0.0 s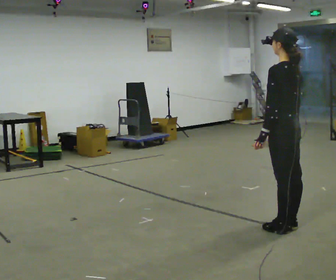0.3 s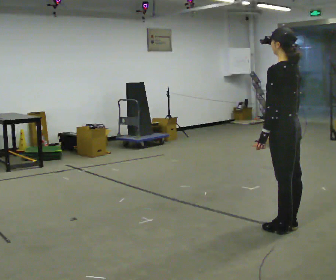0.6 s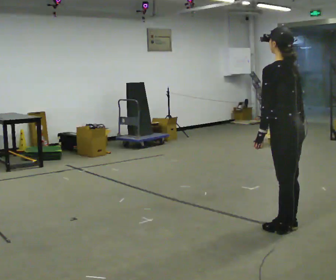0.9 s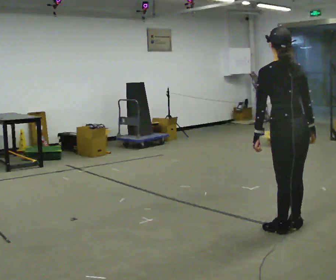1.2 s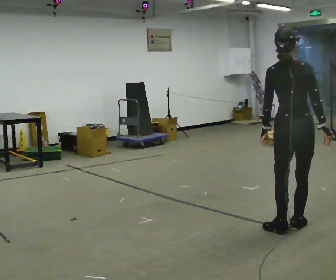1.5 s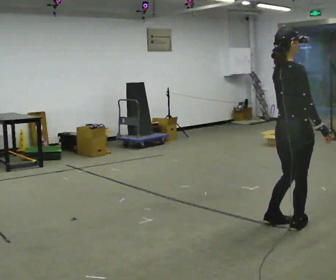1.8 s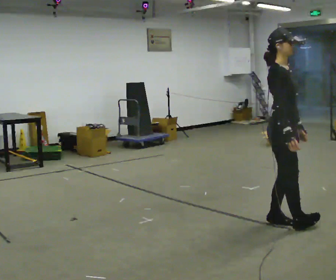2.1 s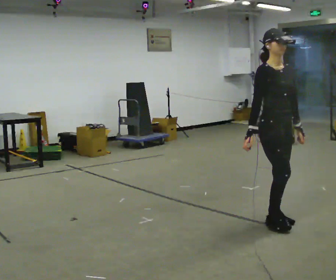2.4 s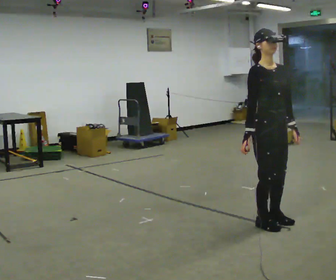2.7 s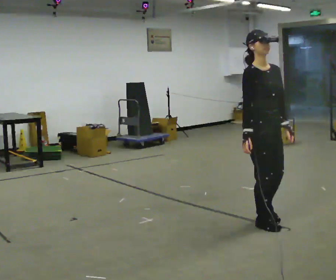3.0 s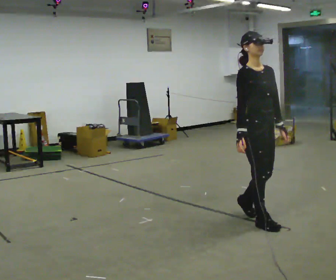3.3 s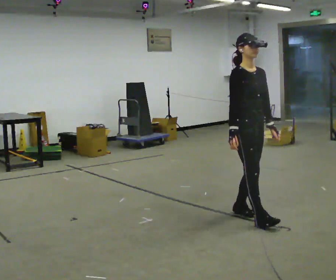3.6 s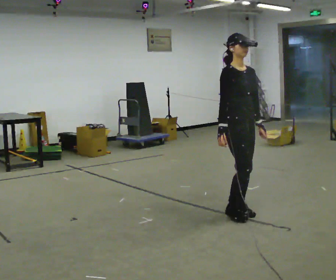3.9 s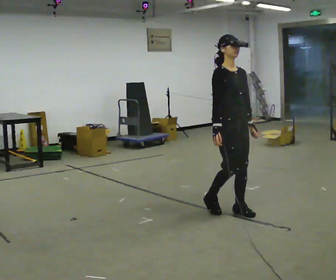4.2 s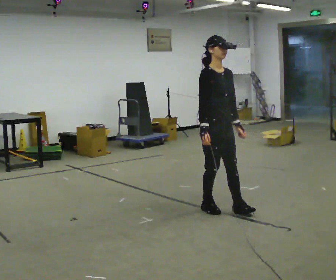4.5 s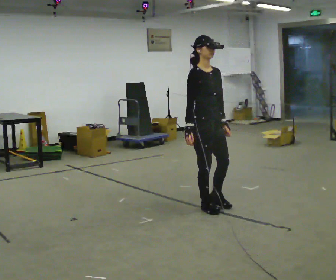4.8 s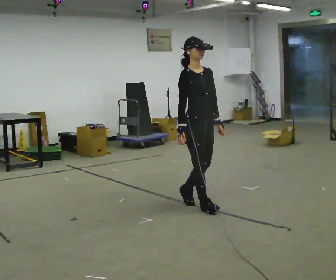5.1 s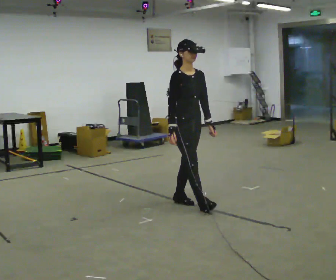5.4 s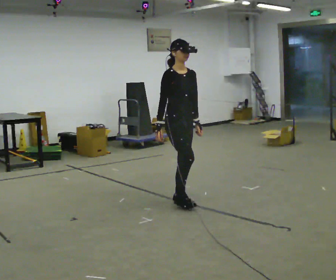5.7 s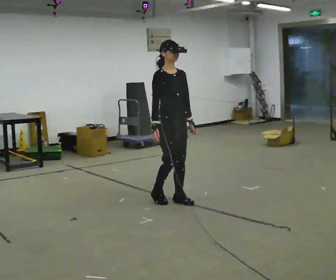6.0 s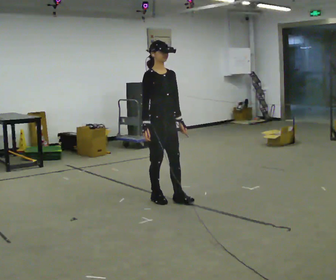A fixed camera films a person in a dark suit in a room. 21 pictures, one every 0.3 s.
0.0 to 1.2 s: The person turns about 75 degrees to their right, clockwise seen from above, so the part of the body nearest the lens slides to the left.
1.2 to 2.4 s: Seen from above the body turns clockwise, about 135 degrees: to their right, with its near side sliding to the left. In the picture they go to the left, about 0.25 m in 2 steps. In the picture their right hand goes to the left, the arm swinging clockwise.
2.4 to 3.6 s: In the picture they go away from the camera and to the left, about 0.5 m in 1 step, which for them is backward.
3.6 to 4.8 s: In the picture they go to the left and away from the camera, about 0.5 m in 1 step, which for them is backward.
4.8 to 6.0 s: In the picture they go to the left and away from the camera, about 0.5 m in 2 steps, which for them is backward.
The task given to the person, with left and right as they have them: Walk backward several steps, then turn while still moving backward, then continue backward. Operator confirms the space behind you is clear.
The film runs forward here.
